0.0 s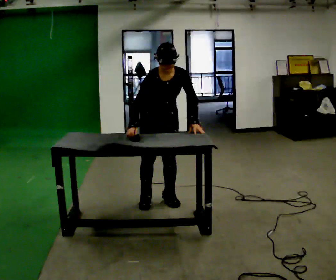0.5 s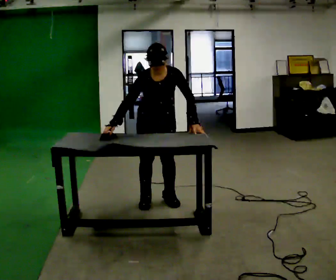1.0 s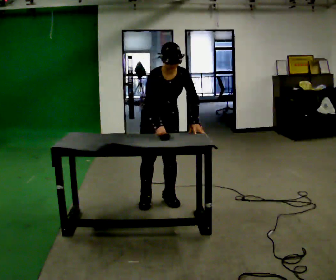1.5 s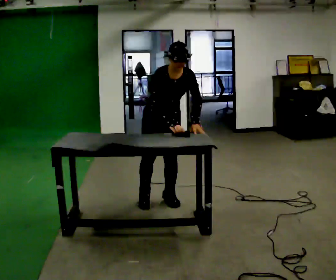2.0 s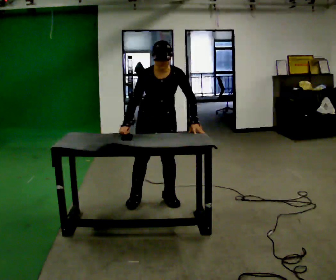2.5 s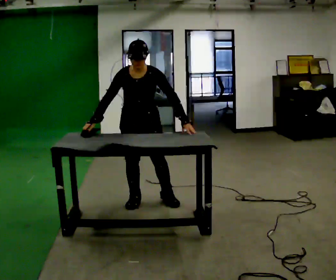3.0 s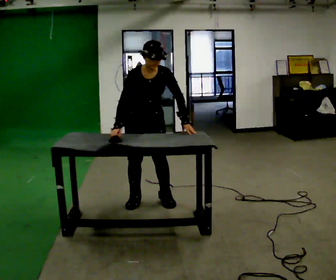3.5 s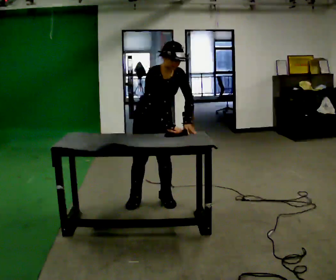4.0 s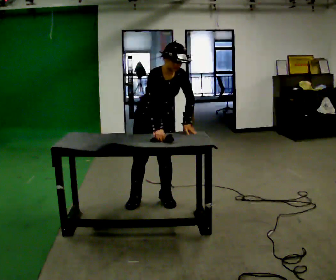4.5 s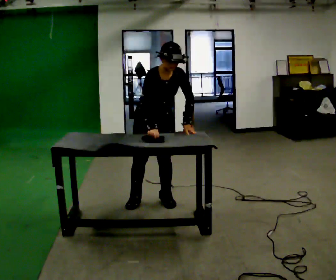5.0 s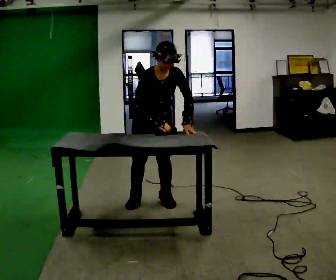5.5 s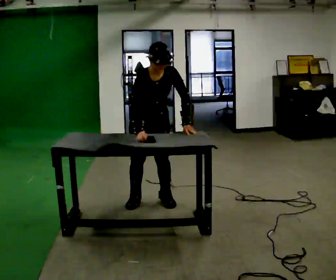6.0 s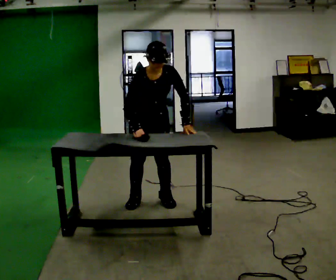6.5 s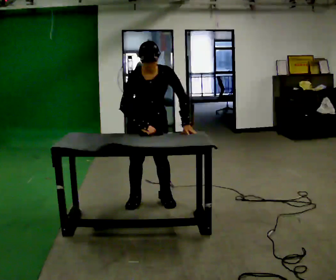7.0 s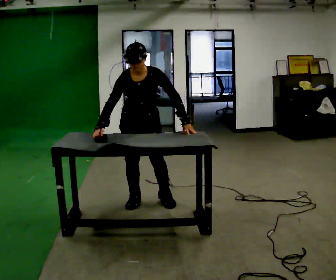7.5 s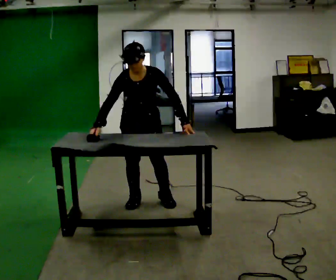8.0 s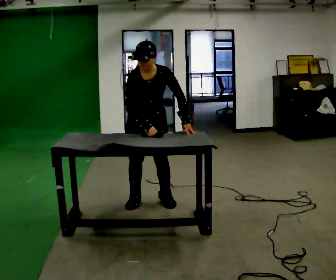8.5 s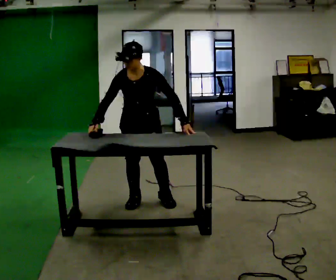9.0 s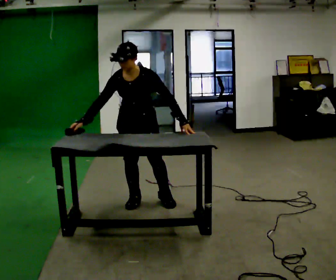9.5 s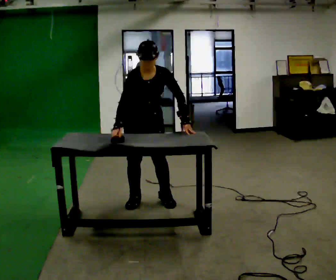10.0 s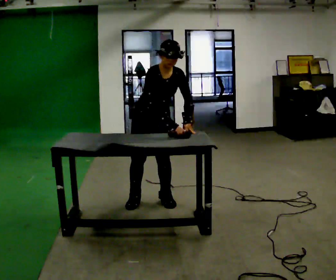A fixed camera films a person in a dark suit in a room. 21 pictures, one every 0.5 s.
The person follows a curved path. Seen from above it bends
clockwise.
0.0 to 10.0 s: In the picture their right hand goes to the right.
The film runs forward here.
